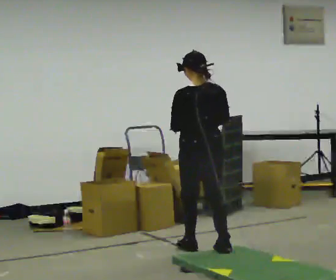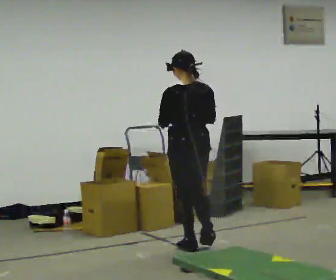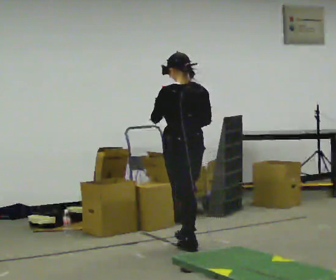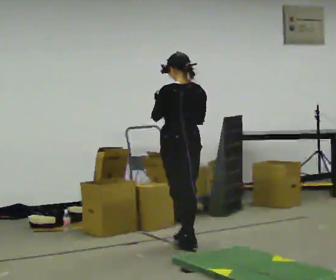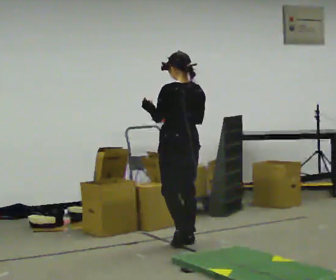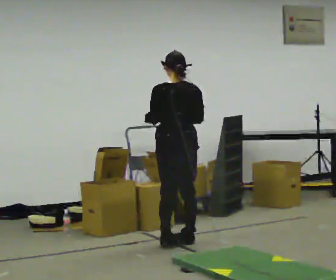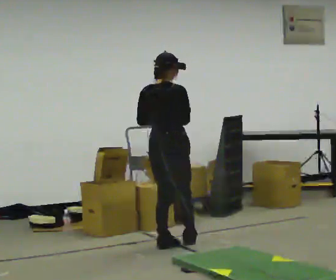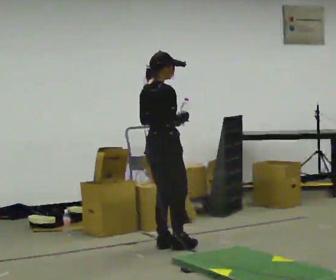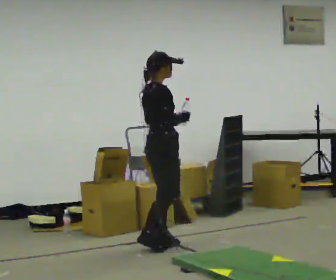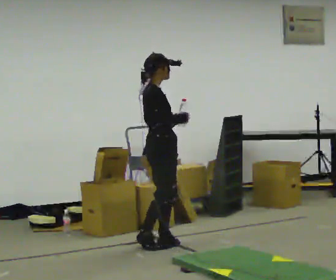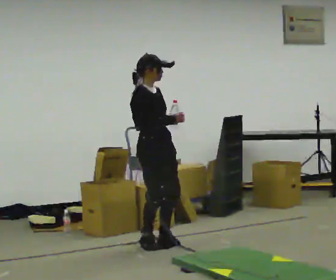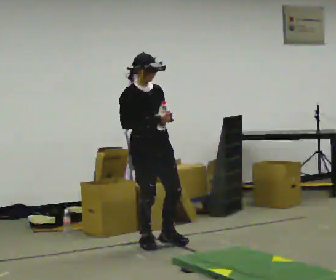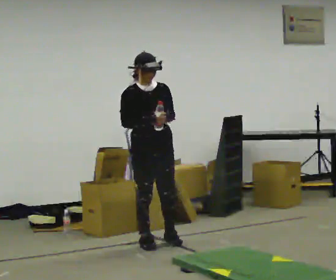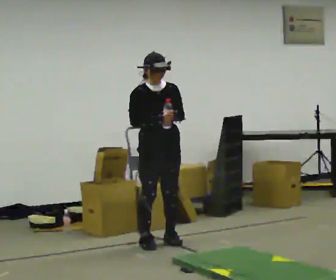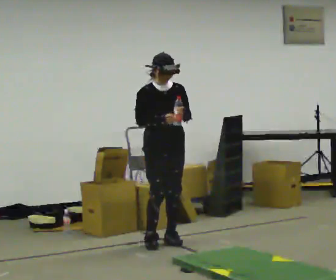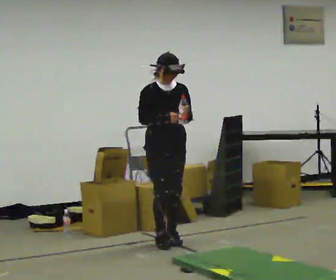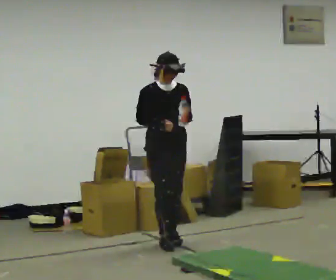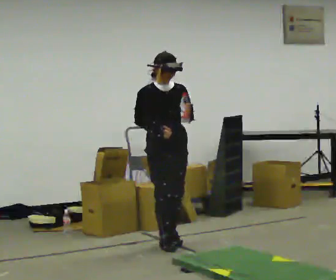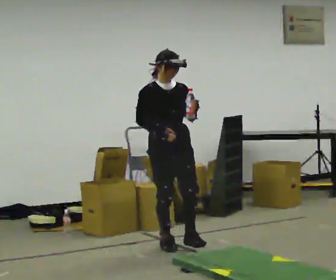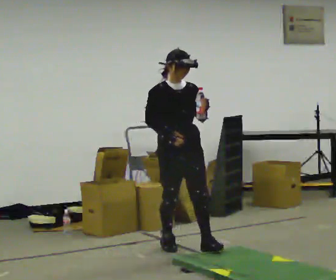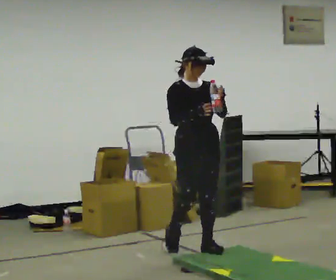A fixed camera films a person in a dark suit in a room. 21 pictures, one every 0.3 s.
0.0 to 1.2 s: In the picture they go away from the camera and to the left, about 0.5 m in 1 step, which for them is forward.
1.2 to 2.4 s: The part of the body nearest the lens slides to the left as the person turns to their right by about 105 degrees. In the picture they go to the left, about 0.25 m in 1 step.
2.4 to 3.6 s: The part of the body nearest the lens slides to the left as the person turns to their right by about 90 degrees.
3.6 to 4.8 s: The person moves a little, or ends about where they began.
4.8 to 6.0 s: In the picture they go toward the camera and to the right, about 0.5 m in 1 step, which for them is forward.
The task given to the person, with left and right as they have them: Hold the object and walk back and forth. It may slip. Try to catch it if you can, but let it go rather than lurching after it.
The film runs forward here.
